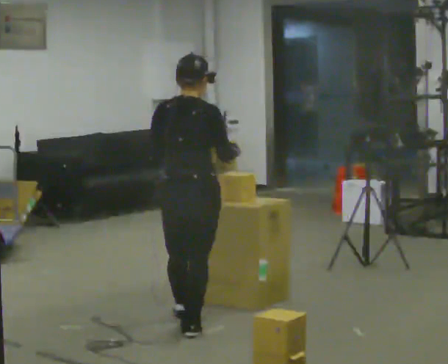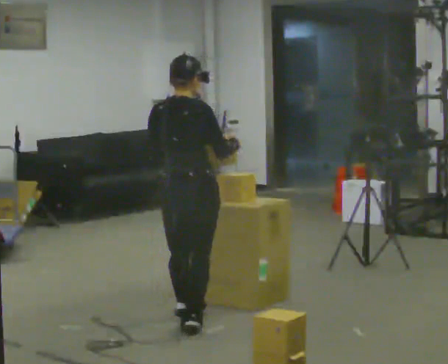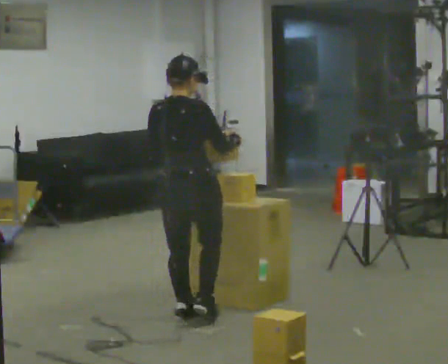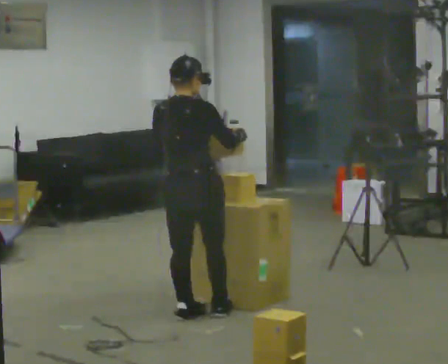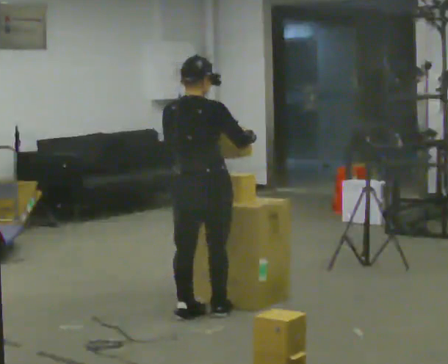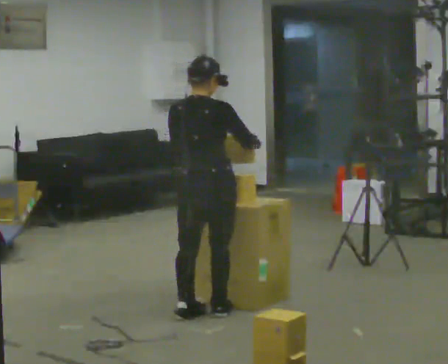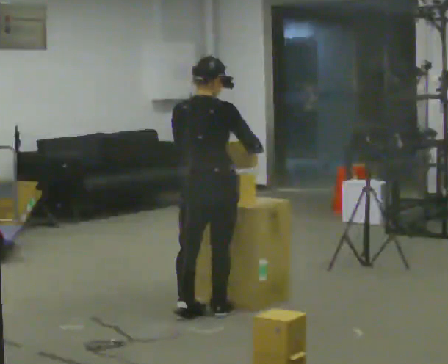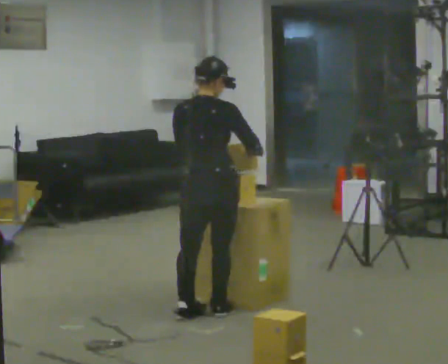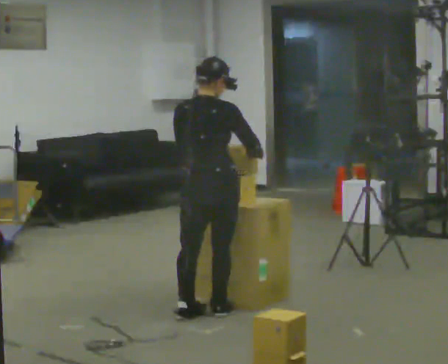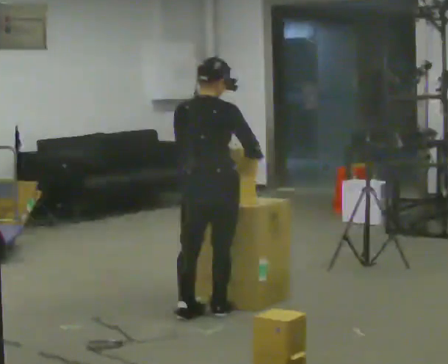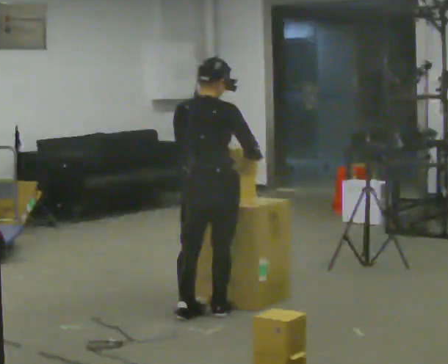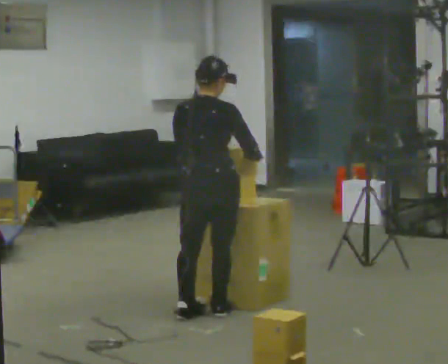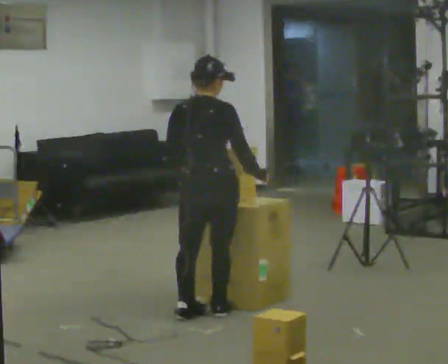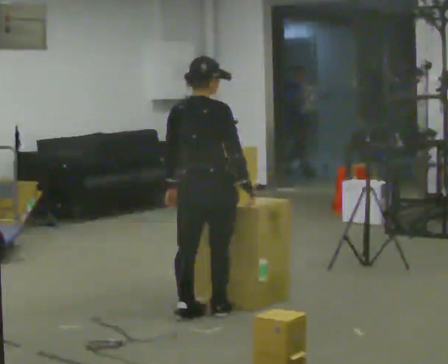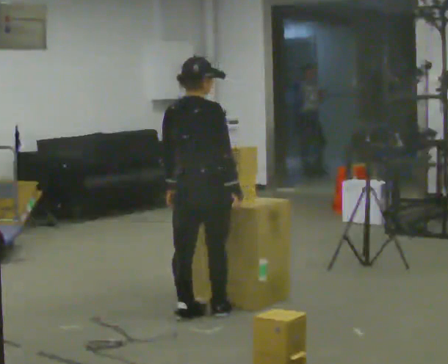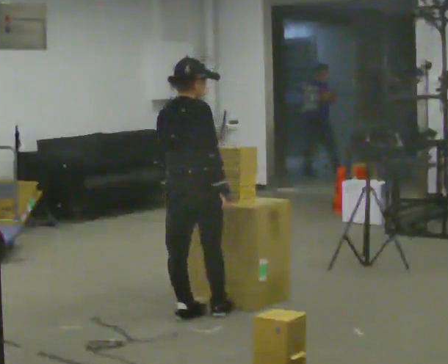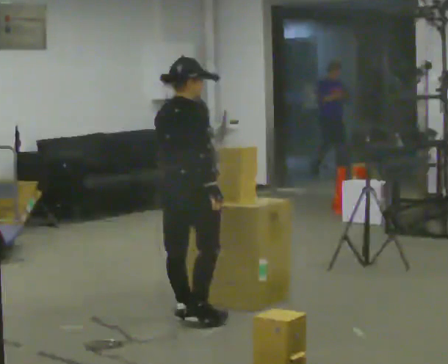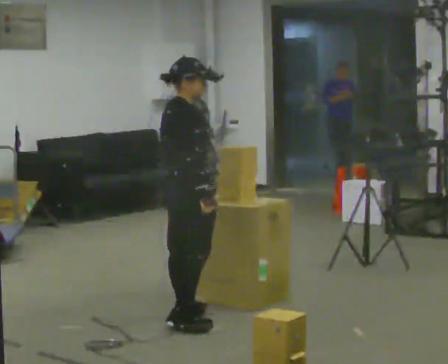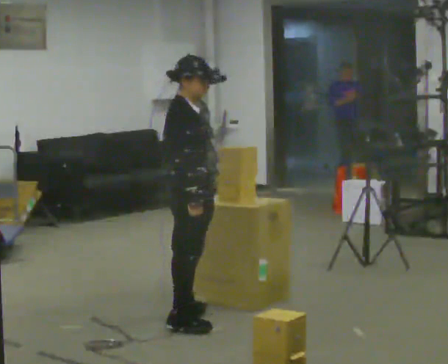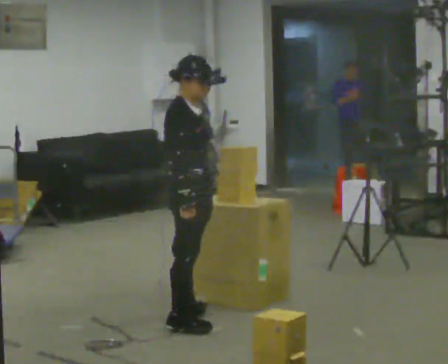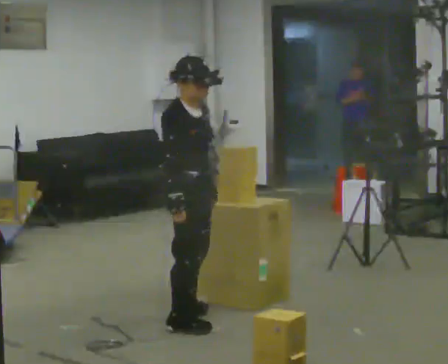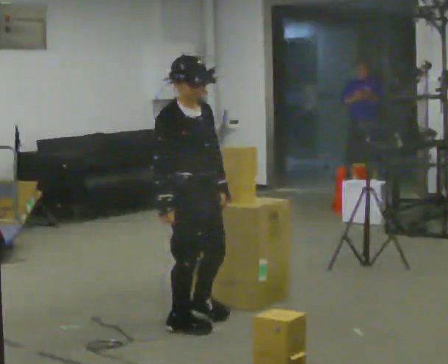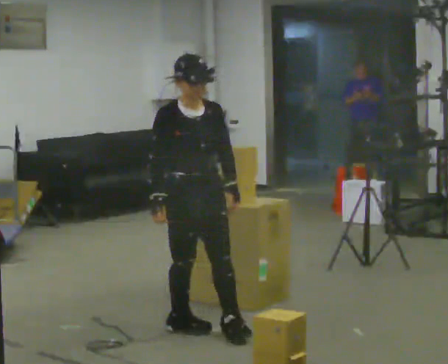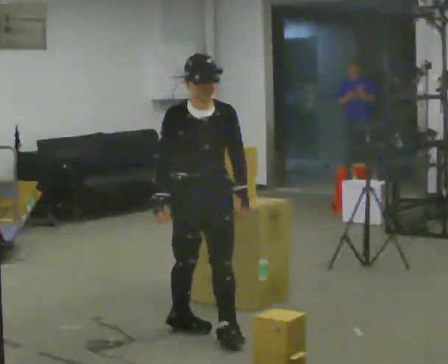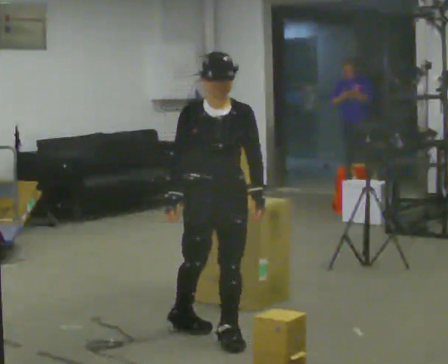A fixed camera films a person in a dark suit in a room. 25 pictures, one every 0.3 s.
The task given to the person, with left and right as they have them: 1. The operator will tell you the shelf is already sorted and just needs moving to the table. 2. Do what you think is right. 3. Tell the operator when you are finished.
0.0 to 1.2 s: In the picture they go away from the camera, about 0.25 m in 1 step, which for them is forward.
1.2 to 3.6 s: The person moves a little, or ends about where they began.
3.6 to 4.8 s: The part of the body nearest the lens slides to the left as the person turns to their right by about 30 degrees.
4.8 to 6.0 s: The part of the body nearest the lens slides to the left as the person turns to their right by about 60 degrees. In the picture they go toward the camera, about 0.25 m in 1 step.
6.0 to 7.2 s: Seen from above the body turns clockwise, about 60 degrees: to their right, with its near side sliding to the left. In the picture they go toward the camera, about 0.25 m in 1 step.
The film runs forward here.
